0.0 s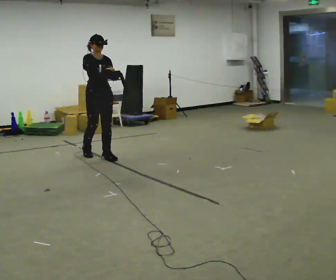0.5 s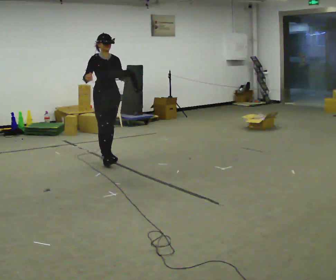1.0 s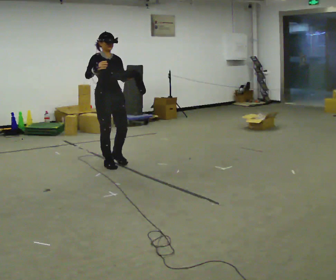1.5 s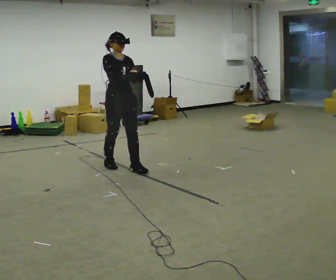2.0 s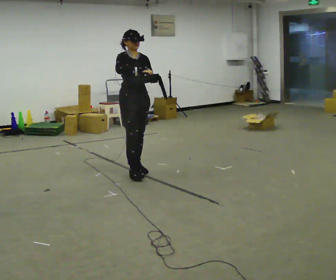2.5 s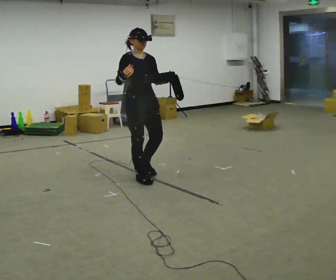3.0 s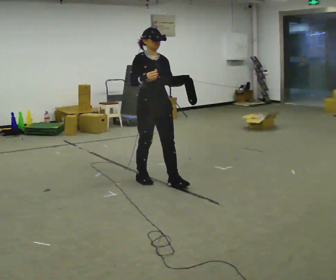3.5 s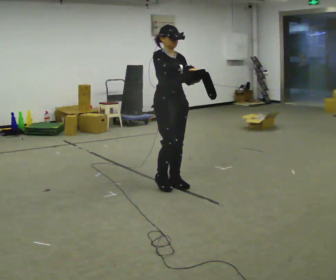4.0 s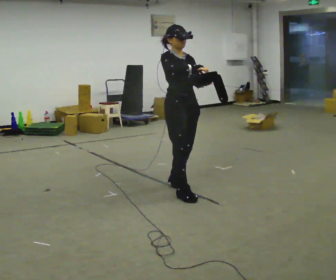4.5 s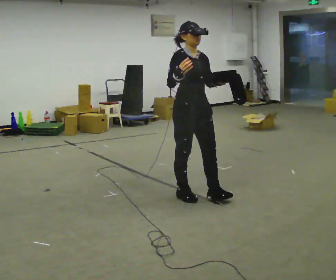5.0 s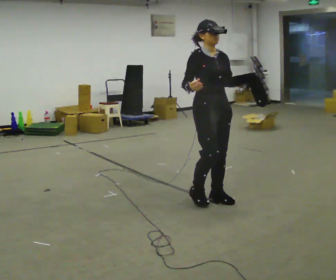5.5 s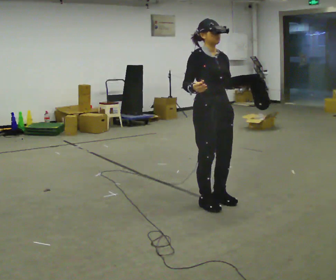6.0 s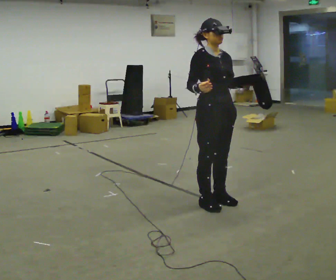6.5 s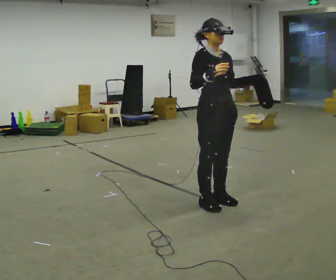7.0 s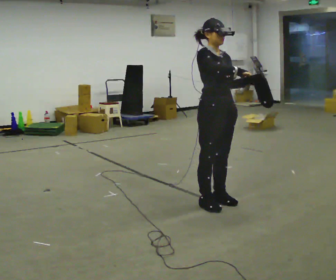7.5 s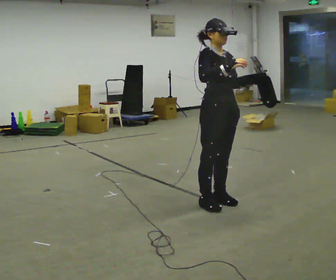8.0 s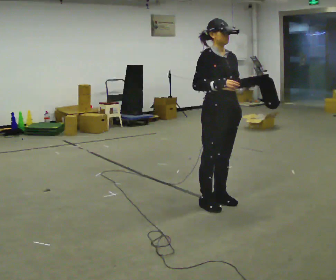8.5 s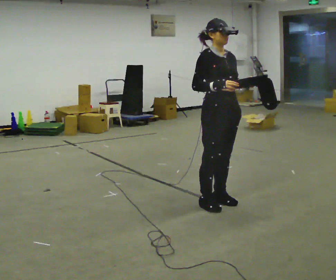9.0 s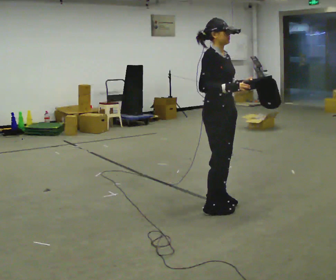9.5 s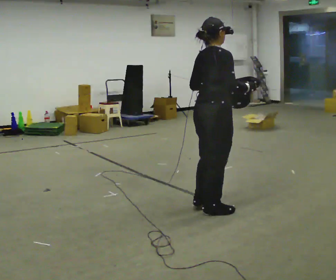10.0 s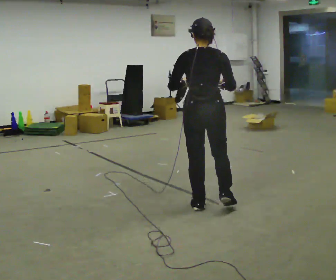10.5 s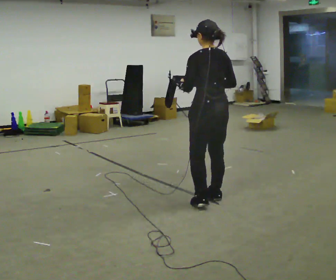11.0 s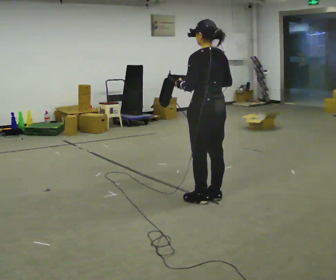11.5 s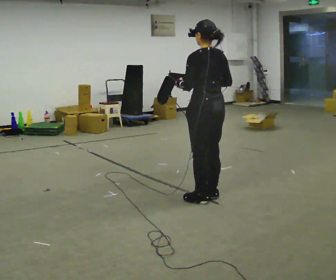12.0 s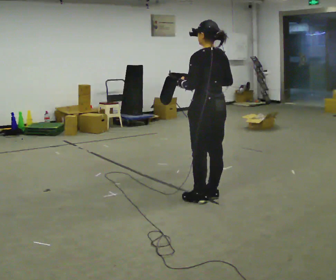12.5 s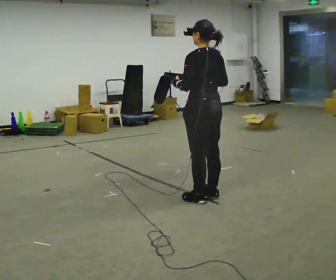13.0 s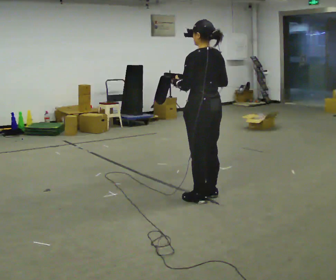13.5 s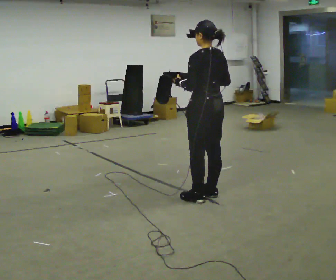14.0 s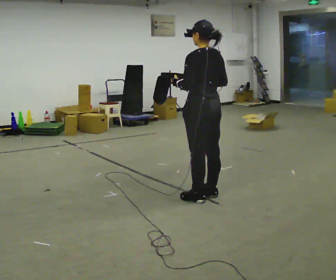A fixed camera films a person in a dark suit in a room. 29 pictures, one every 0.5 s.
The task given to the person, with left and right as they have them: Carry the open container and, while walking, reach in with one hand and take an item out, then put it back. Repeat as you walk. Do not stop.
0.0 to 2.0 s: In the picture they go to the right and toward the camera, about 1 m in 2 steps, which for them is forward.
2.0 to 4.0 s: In the picture they go to the right and toward the camera, about 1 m in 3 steps, which for them is forward.
4.0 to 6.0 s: In the picture they go to the right and toward the camera, about 0.5 m in 2 steps, which for them is forward.
6.0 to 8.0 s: The person moves a little, or ends about where they began.
8.0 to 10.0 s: The part of the body nearest the lens slides to the right as the person turns to their left by about 150 degrees.
10.0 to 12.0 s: The part of the body nearest the lens slides to the right as the person turns to their left by about 45 degrees. In the picture they go away from the camera, about 0.25 m in 2 steps, which for them is to their right and forward.
12.0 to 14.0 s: The person moves a little, or ends about where they began.
The film runs forward here.
